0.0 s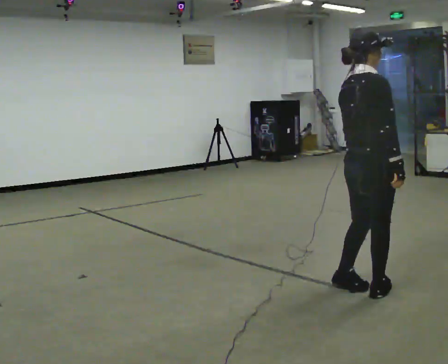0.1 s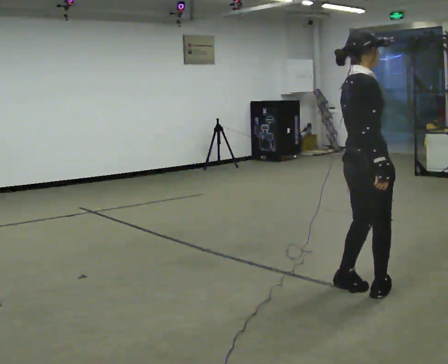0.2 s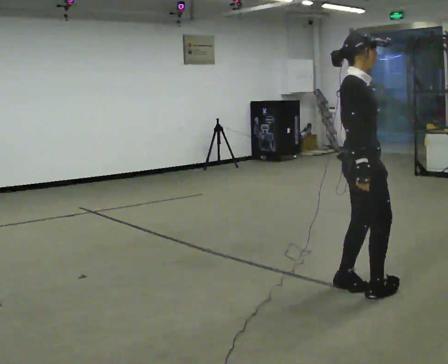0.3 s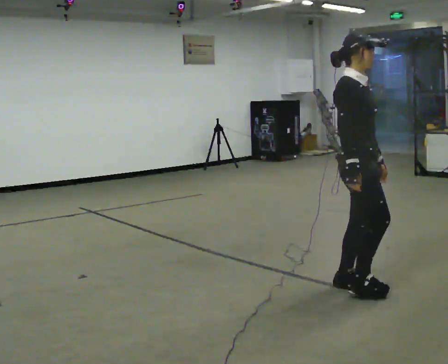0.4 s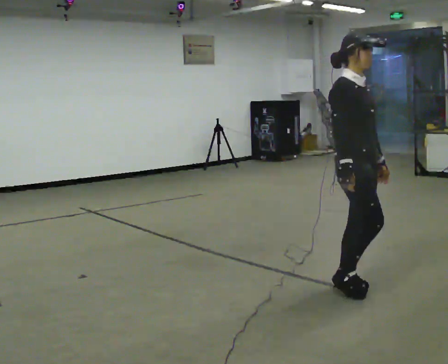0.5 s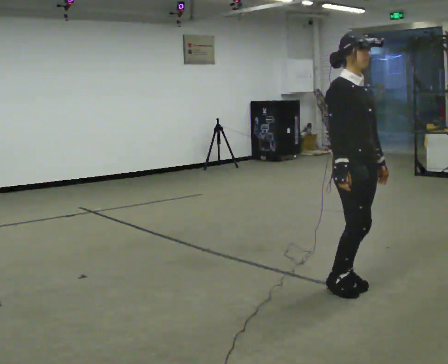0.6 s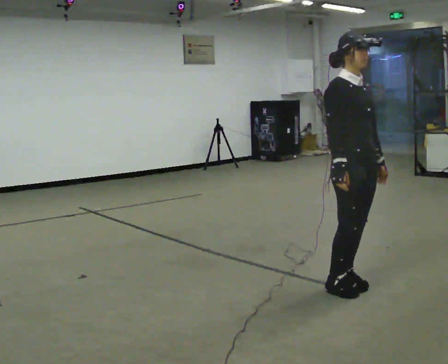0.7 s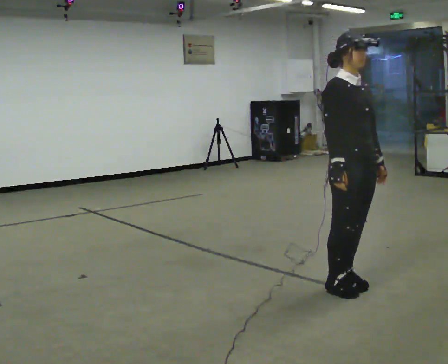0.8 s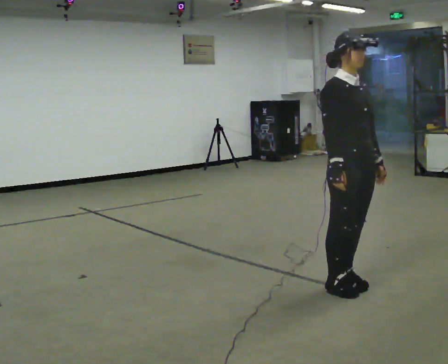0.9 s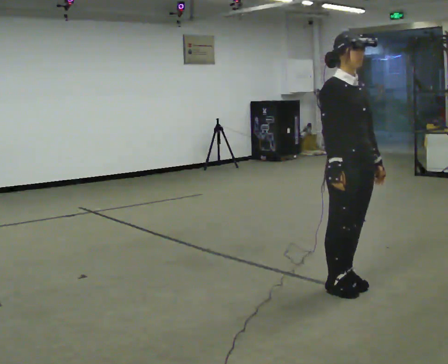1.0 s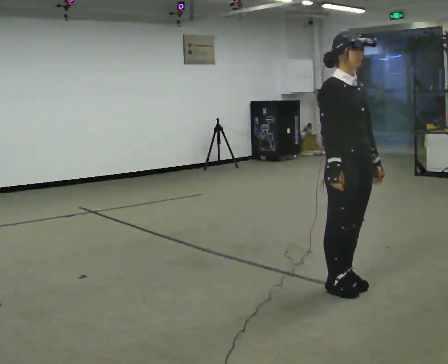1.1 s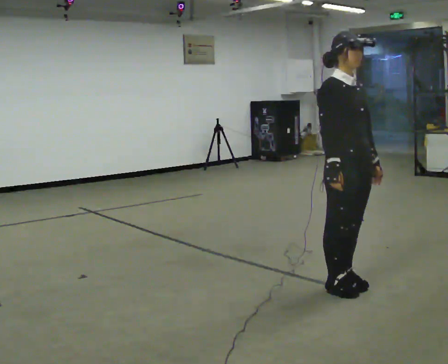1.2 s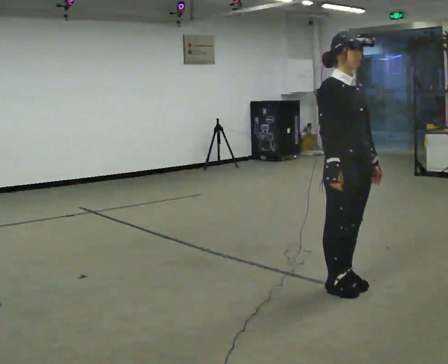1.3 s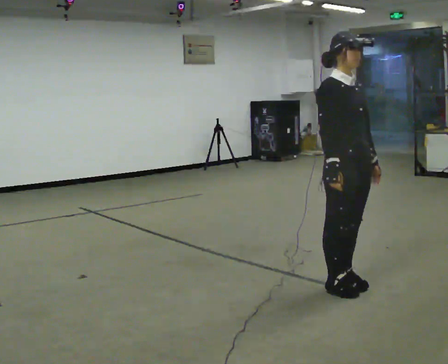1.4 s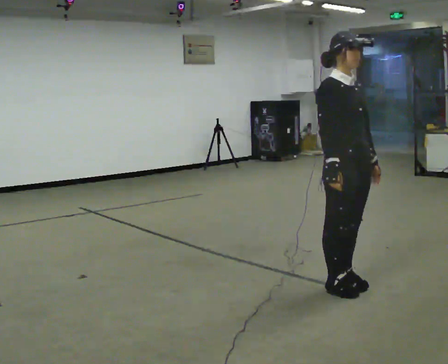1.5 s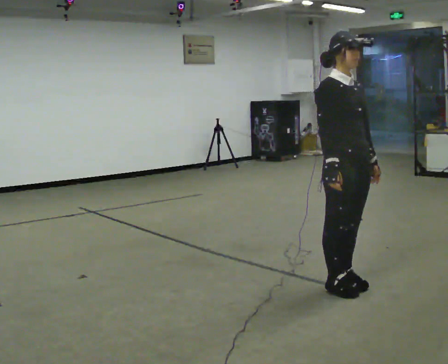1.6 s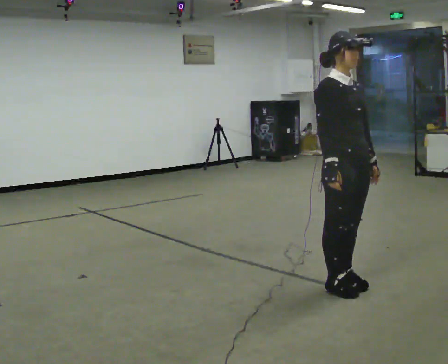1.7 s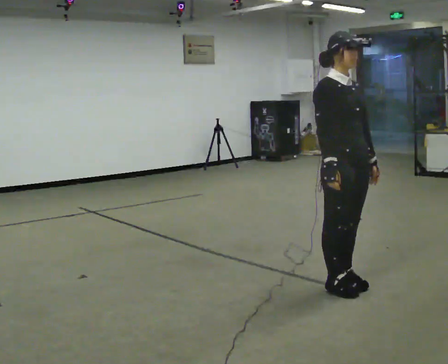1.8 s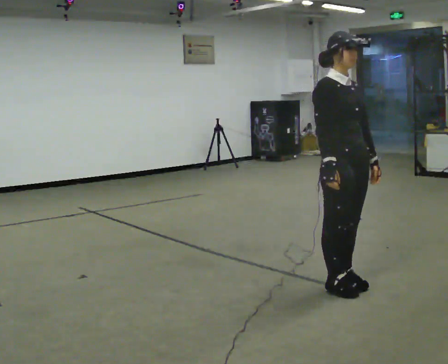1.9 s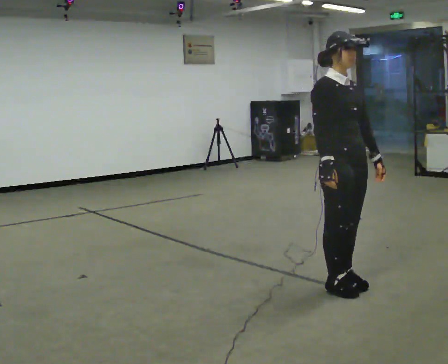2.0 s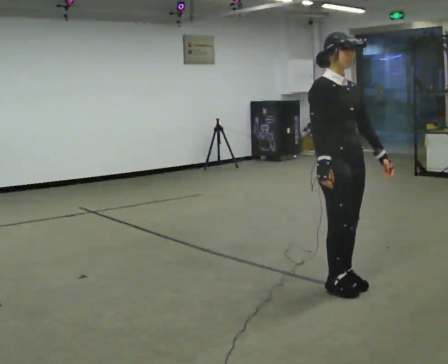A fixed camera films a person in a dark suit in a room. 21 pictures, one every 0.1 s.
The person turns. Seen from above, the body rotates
clockwise.
The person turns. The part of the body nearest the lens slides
to the left.
0.0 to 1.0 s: Seen from above the body turns clockwise, about 75 degrees: to their right, with its near side sliding to the left.
1.0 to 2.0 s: The person moves a little, or ends about where they began.
The film runs backward here.
